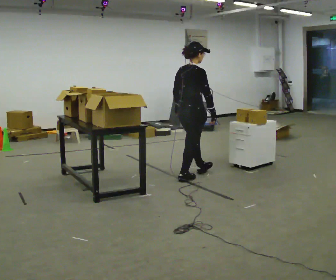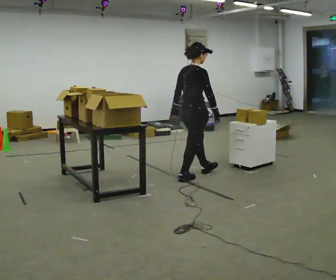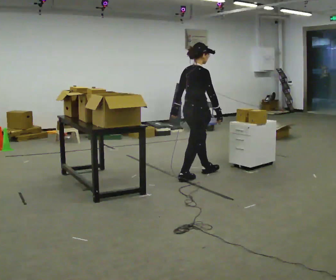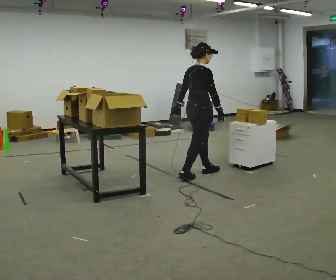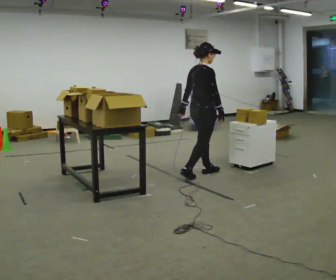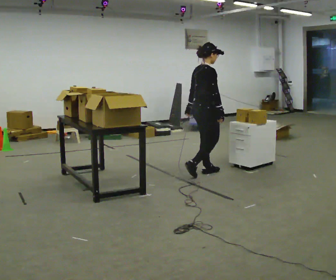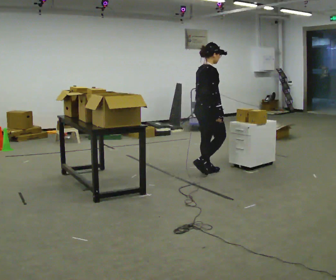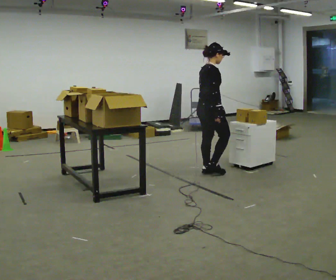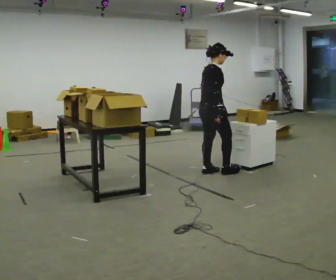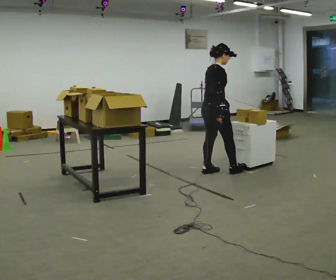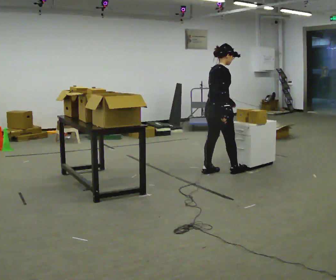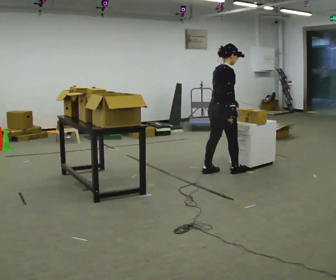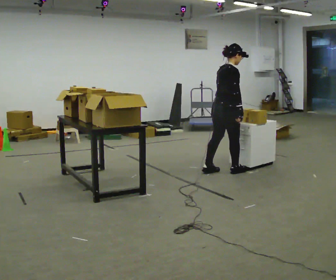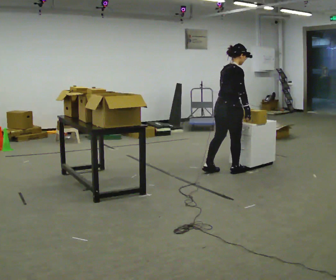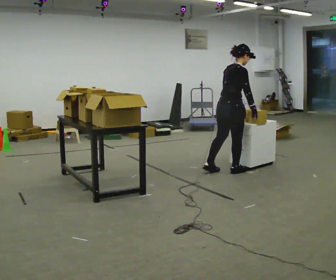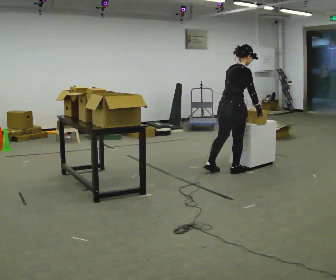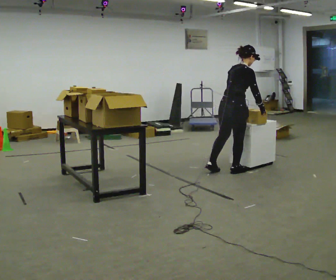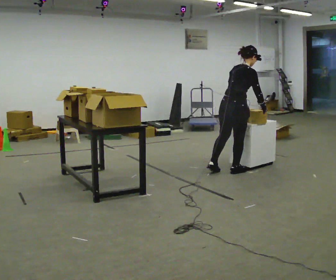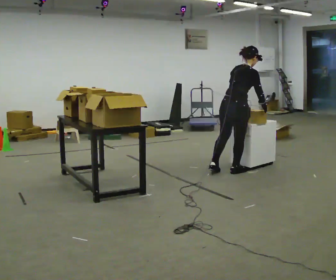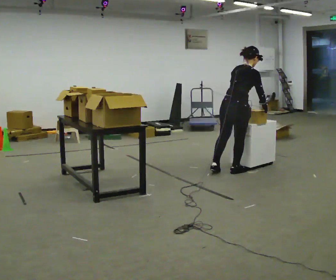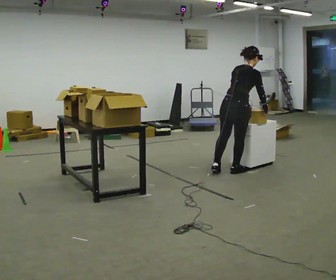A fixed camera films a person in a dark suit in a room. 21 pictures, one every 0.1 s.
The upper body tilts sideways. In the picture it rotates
clockwise.
0.0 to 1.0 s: In the picture they go to the right and away from the camera, about 0.5 m in 2 steps, which for them is forward.
1.0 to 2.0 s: Seen from above the body turns counterclockwise, about 30 degrees: to their left, with its near side sliding to the right. In the picture they go to the right, about 0.25 m, which for them is to their right and forward. In the picture the upper body tilts clockwise, shoulders to the right, as they bend forward. In the picture their right hand goes to the right.
The film runs forward here.
